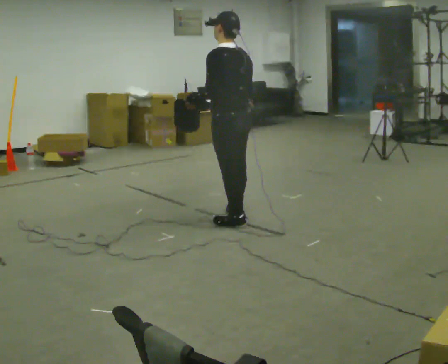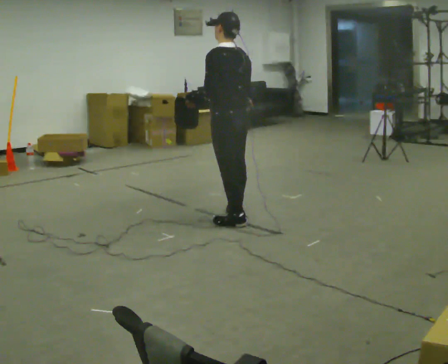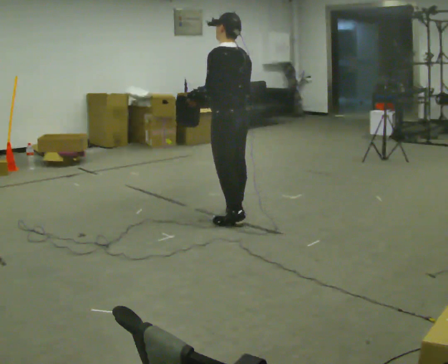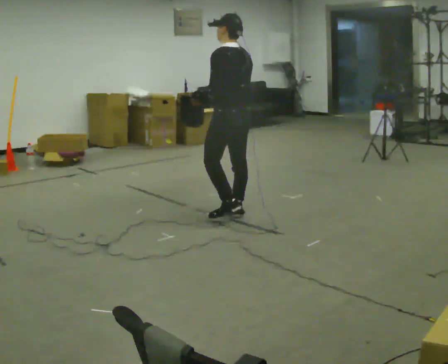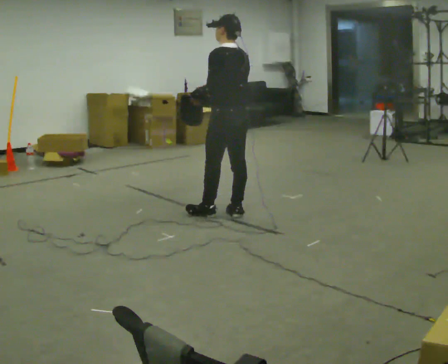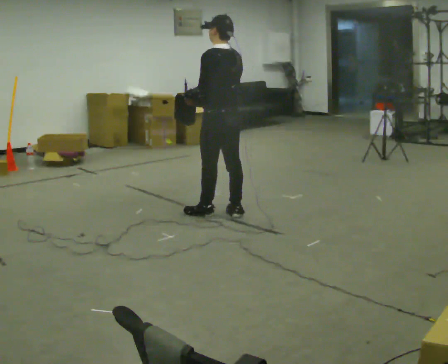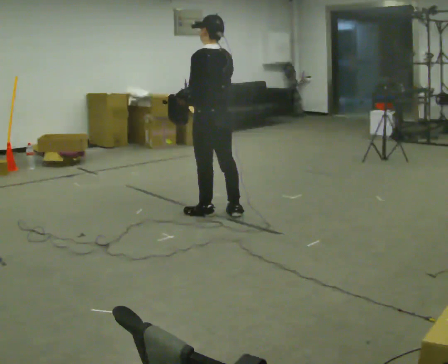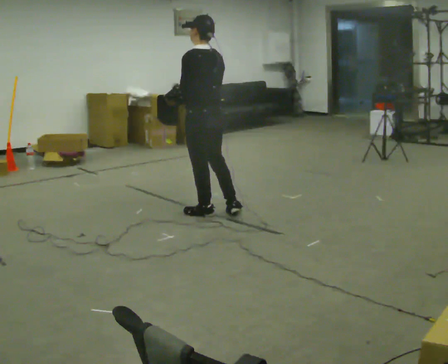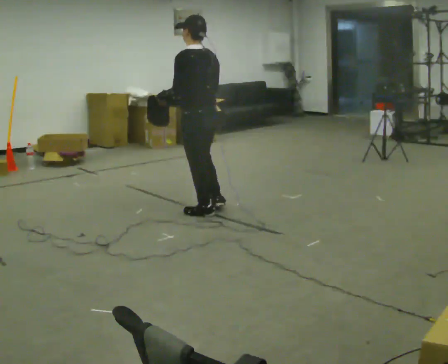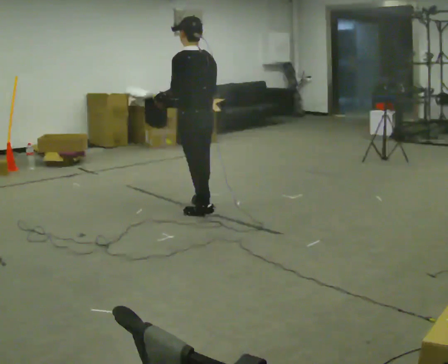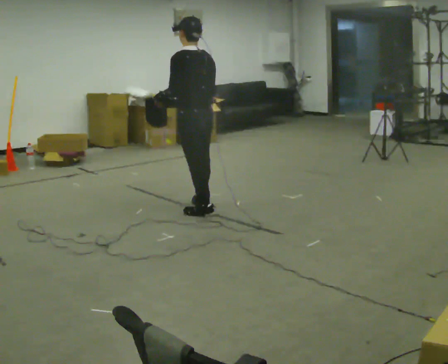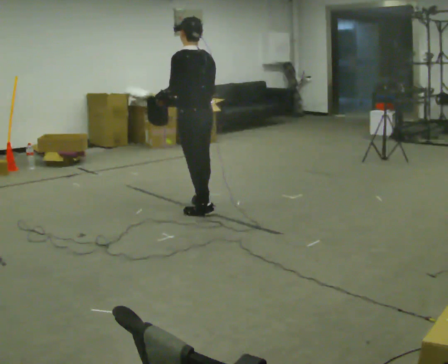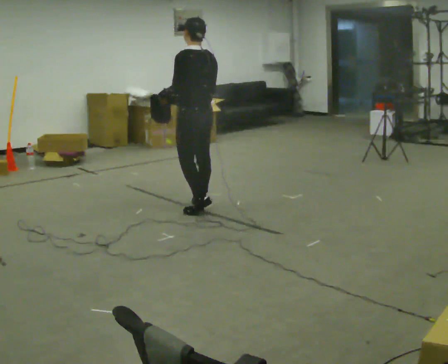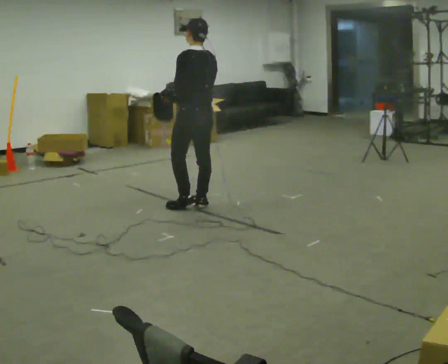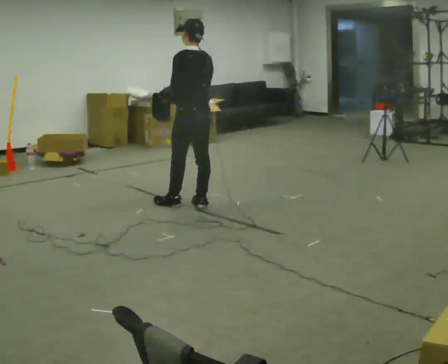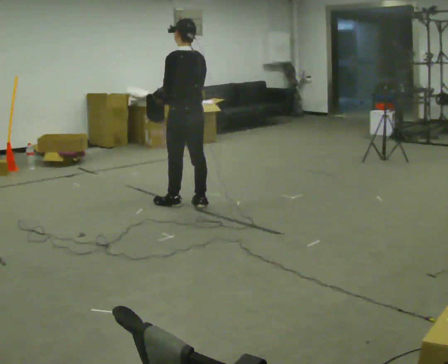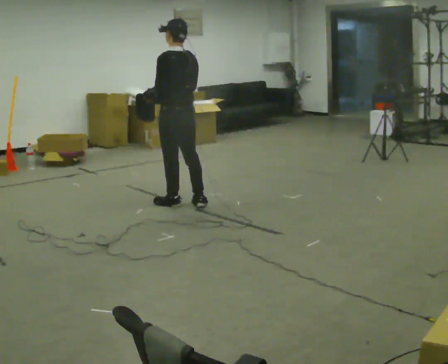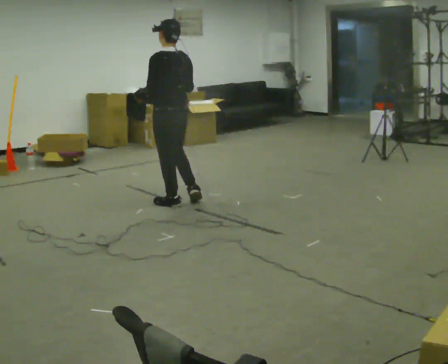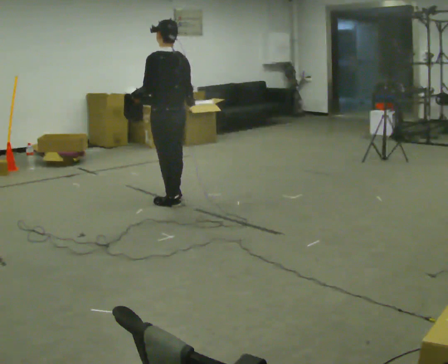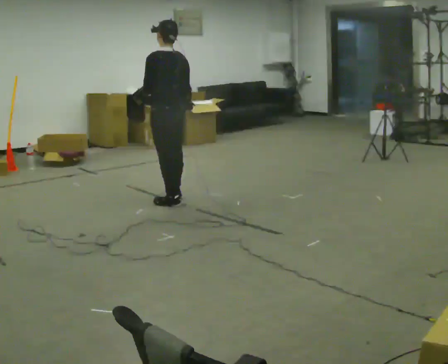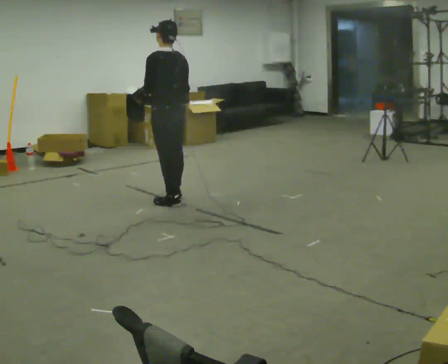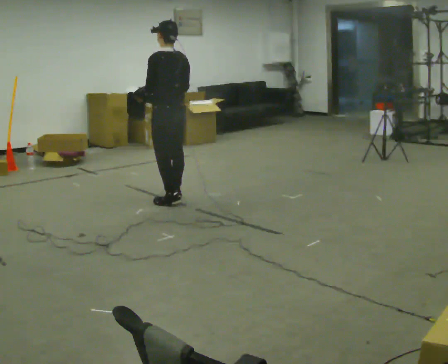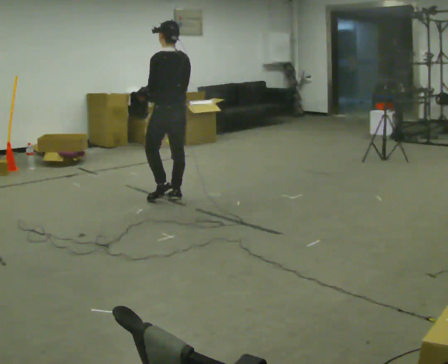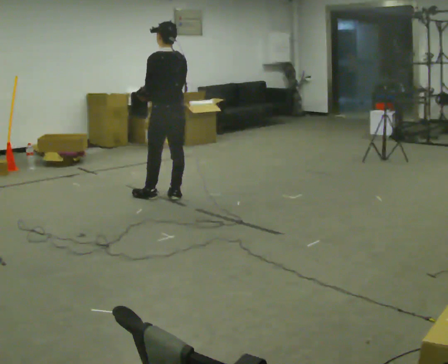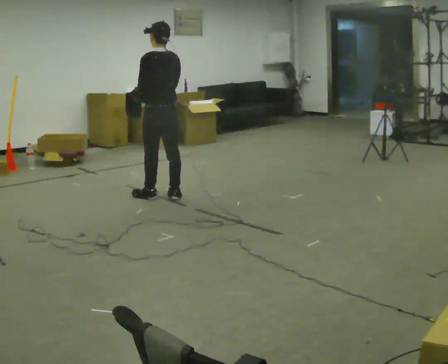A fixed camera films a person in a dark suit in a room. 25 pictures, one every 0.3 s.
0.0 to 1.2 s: In the picture they go away from the camera, about 0.25 m, which for them is forward and to their right. In the picture their right hand goes to the left.
1.2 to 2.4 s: In the picture they go to the left, about 0.25 m in 1 step, which for them is forward and to their left.
2.4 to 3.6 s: In the picture they go away from the camera, about 0.25 m in 1 step, which for them is forward and to their right.
3.6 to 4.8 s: In the picture they go to the left, about 0.25 m in 1 step, which for them is forward.
4.8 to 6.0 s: The person moves a little, or ends about where they began.
6.0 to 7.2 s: In the picture their right hand goes to the left.
The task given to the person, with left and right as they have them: Carry the open container and, while walking, reach in with one hand and take an item out, then put it back. Repeat as you walk. Do not stop.
The film runs forward here.
